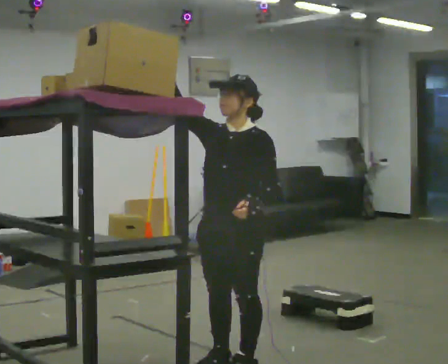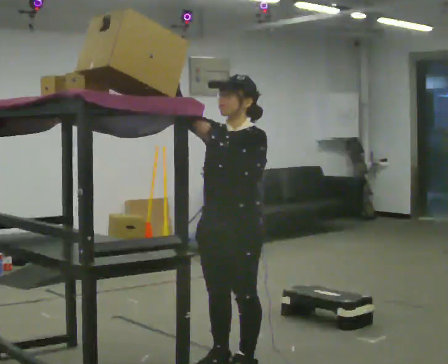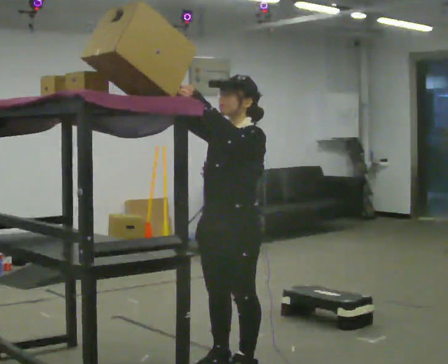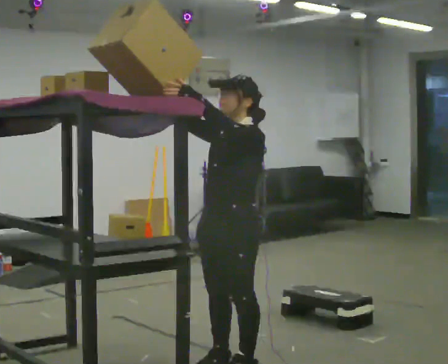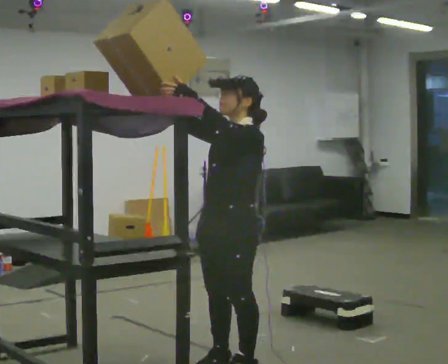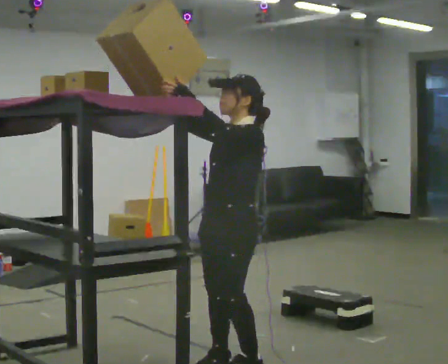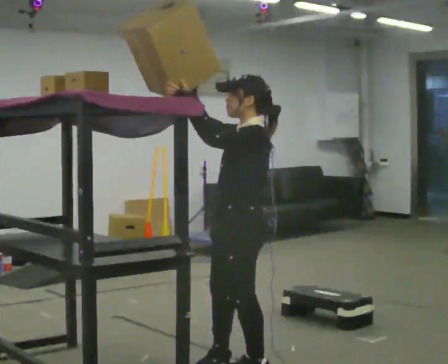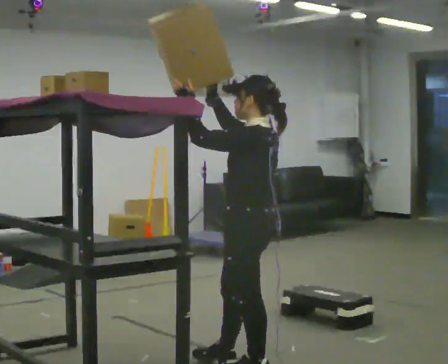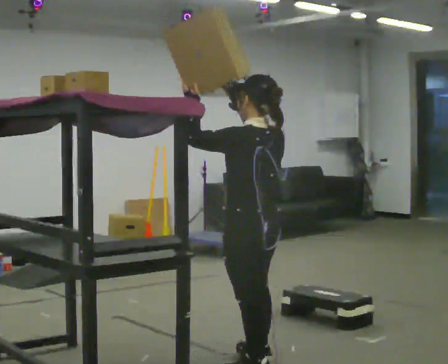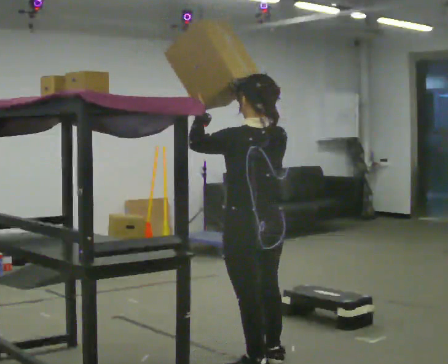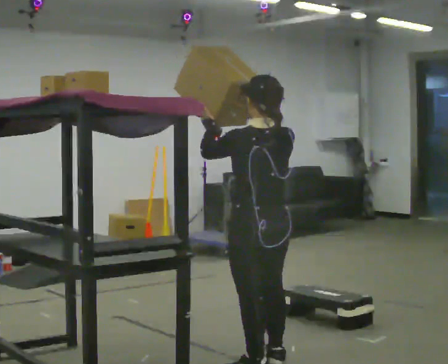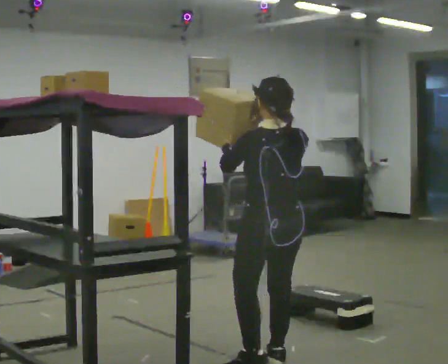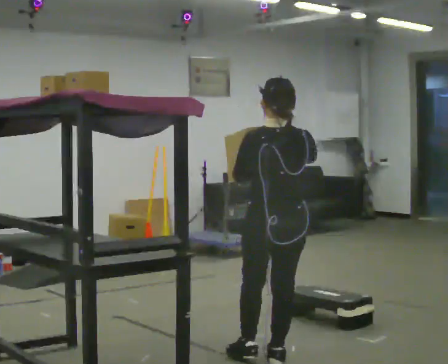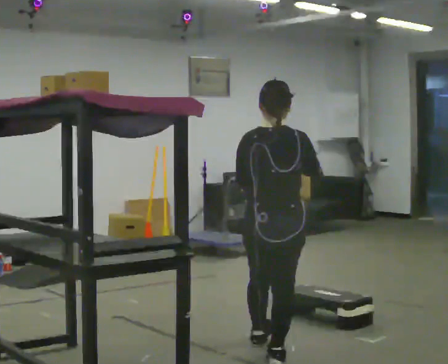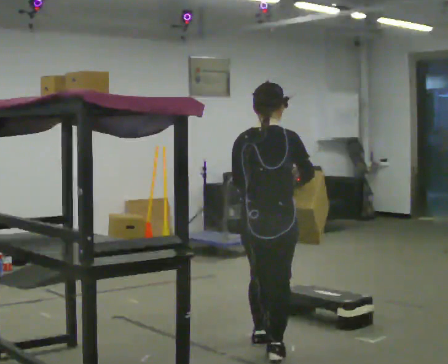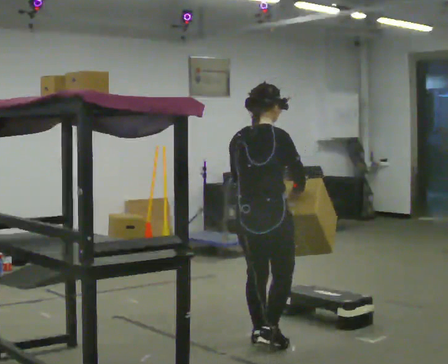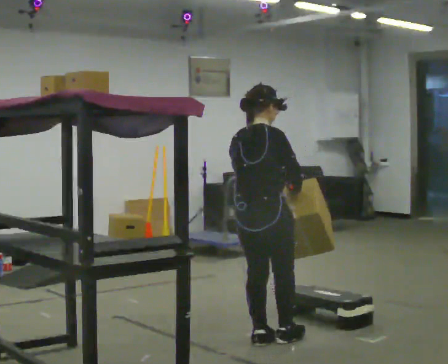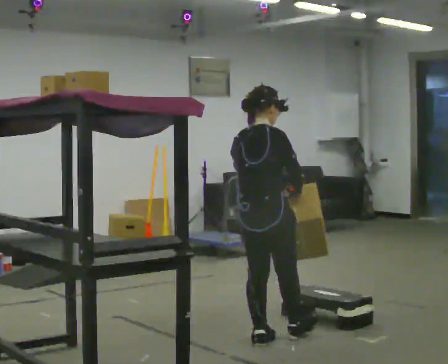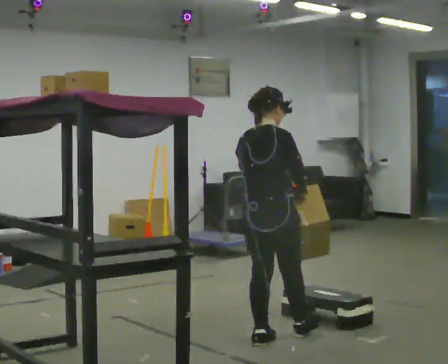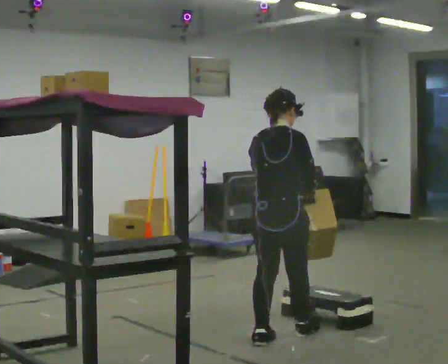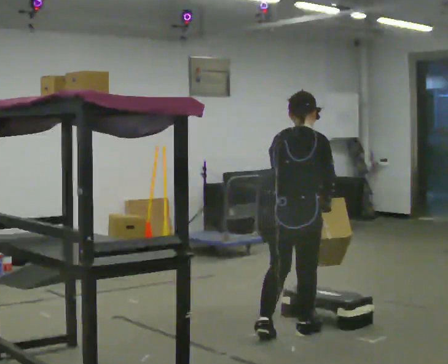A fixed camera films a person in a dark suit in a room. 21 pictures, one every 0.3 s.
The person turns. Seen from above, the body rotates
clockwise.
Their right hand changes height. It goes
downward.
0.0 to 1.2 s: Seen from above the body turns clockwise, about 30 degrees: to their right, with its near side sliding to the left. In the picture their left hand goes upward and to the left.
1.2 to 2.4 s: The person turns about 75 degrees to their right, clockwise seen from above, so the part of the body nearest the lens slides to the left.
2.4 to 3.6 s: The person turns about 45 degrees to their right, clockwise seen from above, so the part of the body nearest the lens slides to the left. In the picture they go away from the camera and to the right, about 0.25 m in 1 step, which for them is to their right and forward. In the picture their left hand goes downward.
3.6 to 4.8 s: Seen from above the body turns clockwise, about 45 degrees: to their right, with its near side sliding to the left. In the picture they go away from the camera, about 0.5 m in 1 step, which for them is forward and to their left.
4.8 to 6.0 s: In the picture they go to the right, about 0.25 m in 1 step, which for them is forward.
The film runs forward here.
